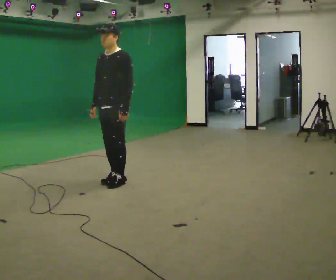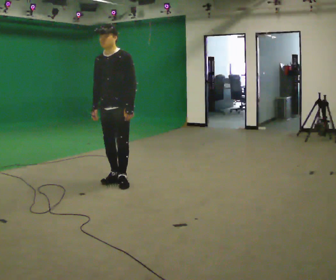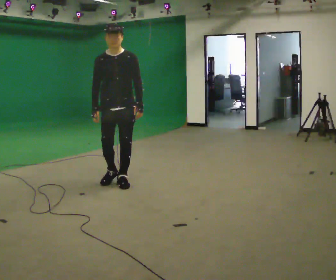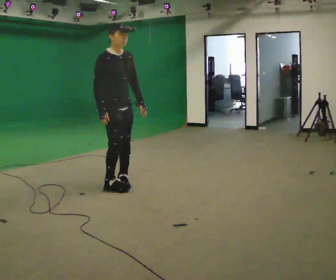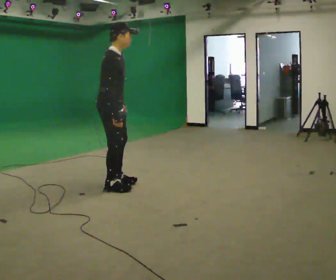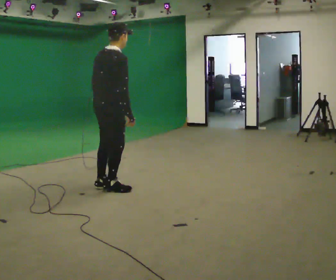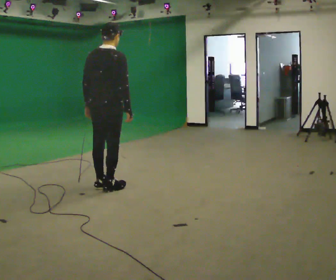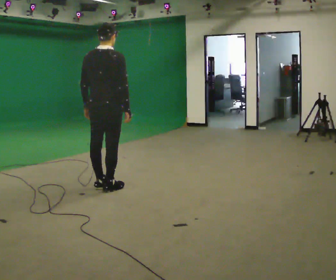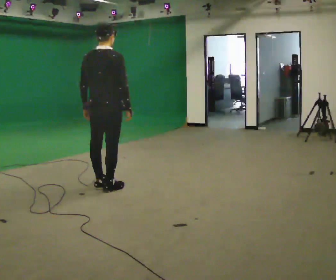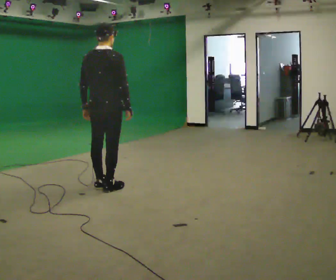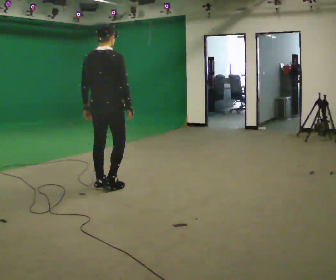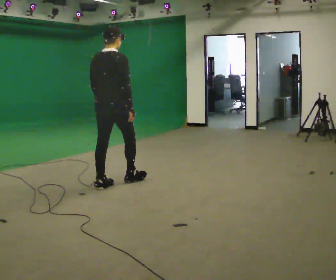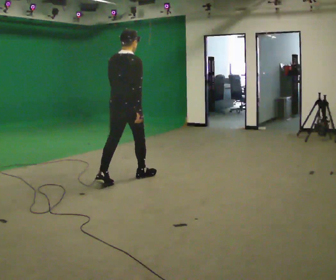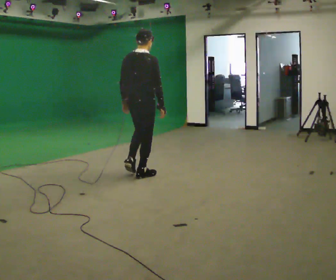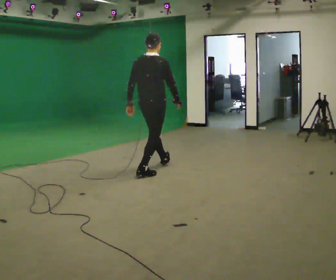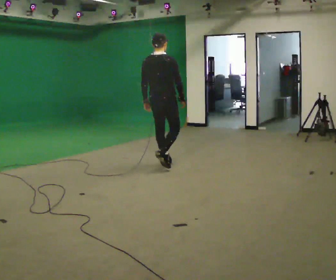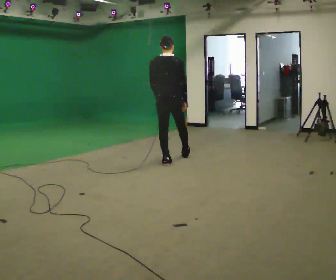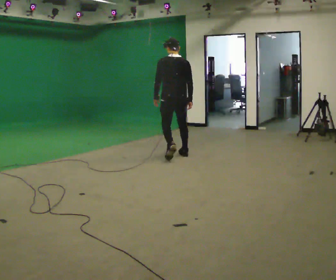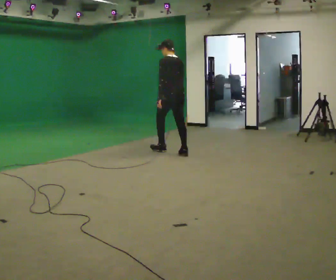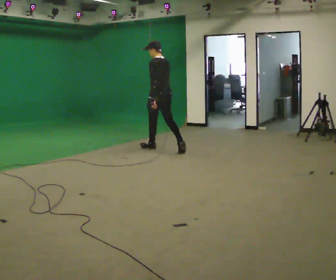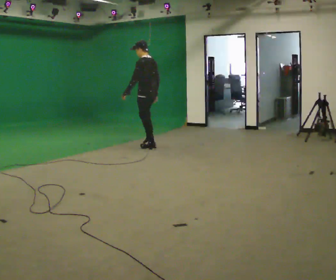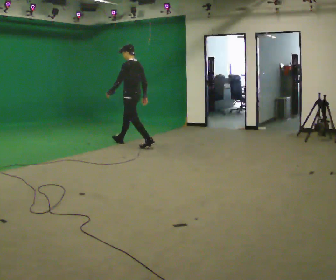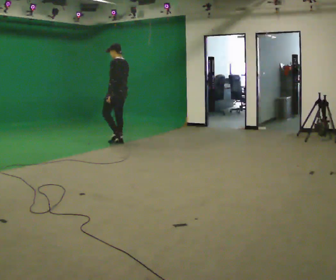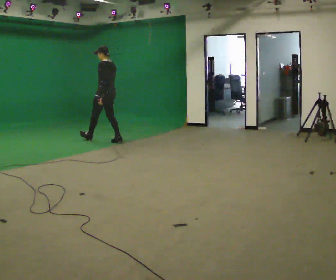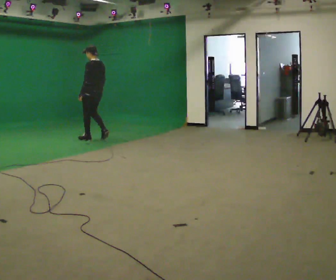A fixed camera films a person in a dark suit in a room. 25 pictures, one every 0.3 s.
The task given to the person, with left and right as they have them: Walk straight; turn 90° left/right while continuing to walk; continue.
0.0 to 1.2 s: The person turns about 135 degrees to their left, counterclockwise seen from above, so the part of the body nearest the lens slides to the right. In the picture they go toward the camera, about 0.25 m in 1 step. In the picture the upper body tilts clockwise, shoulders to the right.
1.2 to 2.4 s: Seen from above the body turns counterclockwise, about 60 degrees: to their left, with its near side sliding to the right. In the picture their left hand goes to the left.
2.4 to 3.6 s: In the picture they go away from the camera and to the right, about 0.5 m in 1 step, which for them is forward.
3.6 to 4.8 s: In the picture they go away from the camera and to the right, about 1 m in 1 step, which for them is forward.
4.8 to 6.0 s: The person turns about 60 degrees to their left, counterclockwise seen from above, so the part of the body nearest the lens slides to the right. In the picture they go away from the camera, about 1 m in 2 steps.
6.0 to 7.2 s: In the picture they go to the left and away from the camera, about 1 m in 2 steps, which for them is forward.
The film runs forward here.
